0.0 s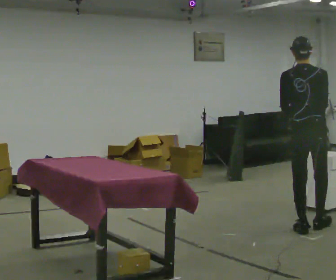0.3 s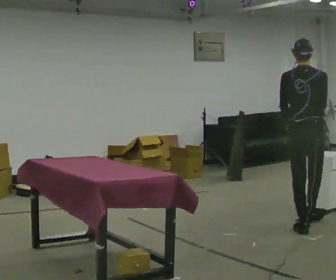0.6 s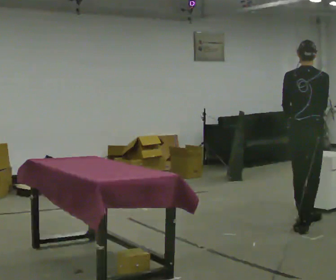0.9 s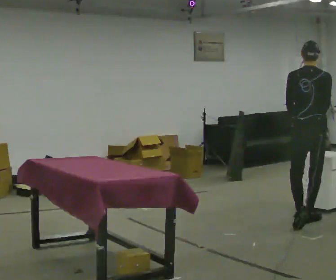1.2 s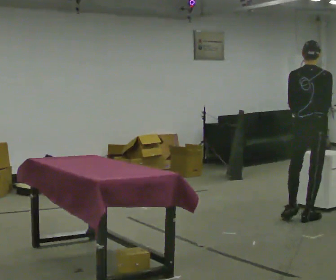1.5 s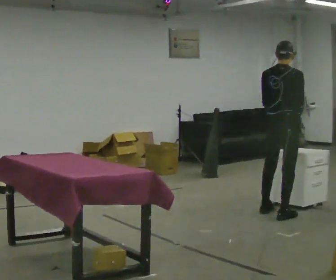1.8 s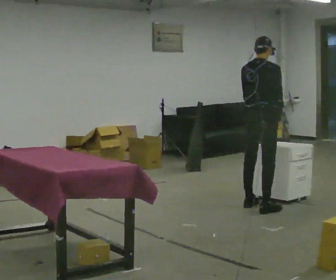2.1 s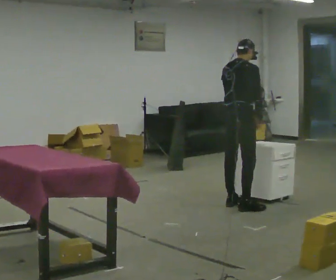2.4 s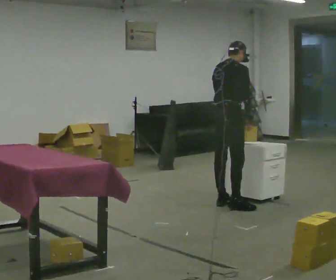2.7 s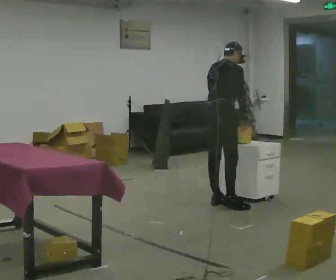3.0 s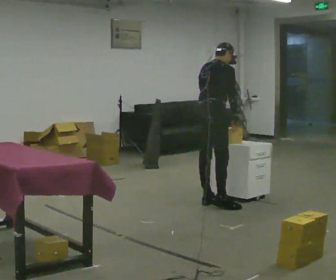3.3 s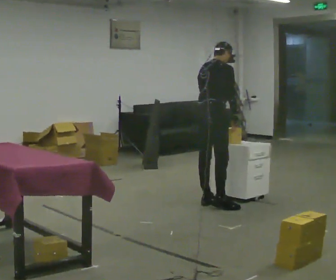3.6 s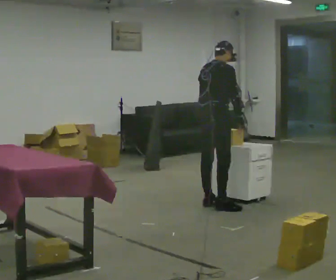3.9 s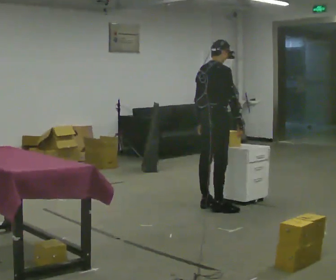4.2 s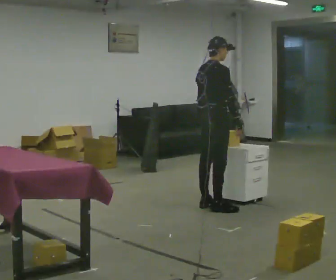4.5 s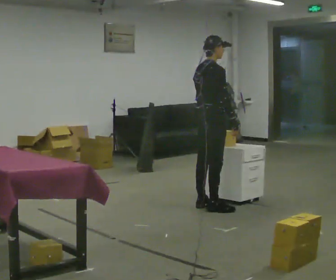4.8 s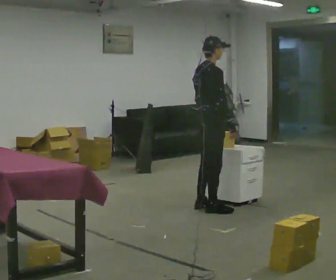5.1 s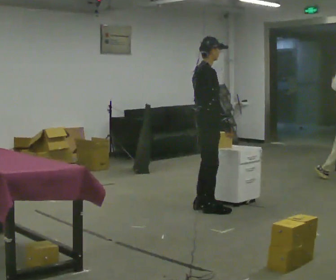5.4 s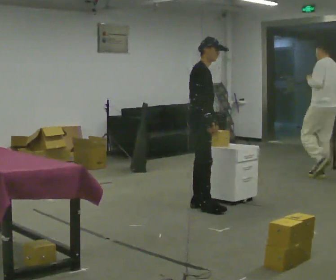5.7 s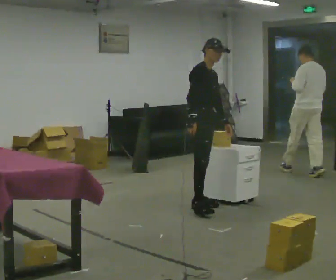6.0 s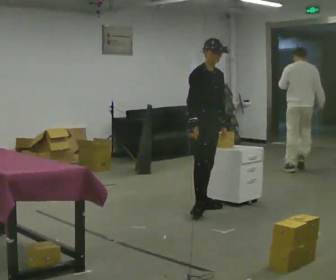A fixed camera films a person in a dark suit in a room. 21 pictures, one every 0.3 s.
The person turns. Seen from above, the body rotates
clockwise.
The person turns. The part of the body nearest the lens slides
to the left.
0.0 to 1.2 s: In the picture they go away from the camera, about 0.5 m in 1 step, which for them is forward.
1.2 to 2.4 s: The part of the body nearest the lens slides to the left as the person turns to their right by about 45 degrees. In the picture they go away from the camera and to the left, about 0.25 m in 1 step, which for them is to their left and forward. The upper body tips away from the camera, its near side rolling upward, as they bend forward.
2.4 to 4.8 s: The person moves a little, or ends about where they began.
4.8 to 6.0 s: The person turns about 75 degrees to their right, clockwise seen from above, so the part of the body nearest the lens slides to the left. In the picture their right hand goes to the left.
The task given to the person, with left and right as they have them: 1. The operator will tell you the shelf is already sorted and just needs moving to the table. 2. Do what you think is right. 3. Tell the operator when you are finished.
The film runs forward here.
